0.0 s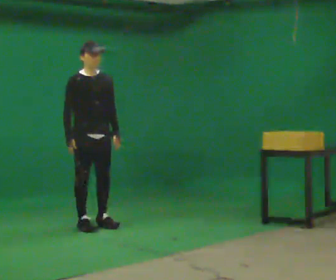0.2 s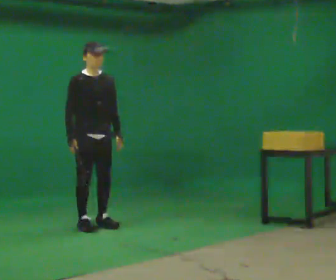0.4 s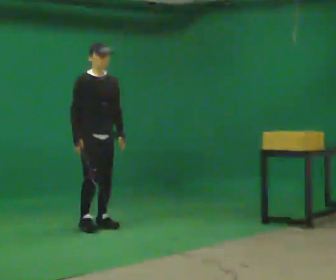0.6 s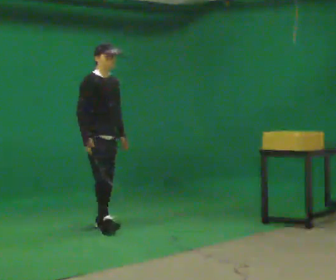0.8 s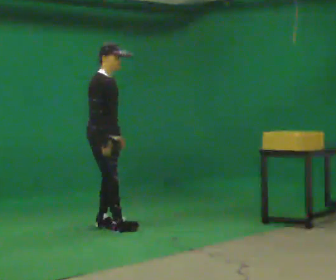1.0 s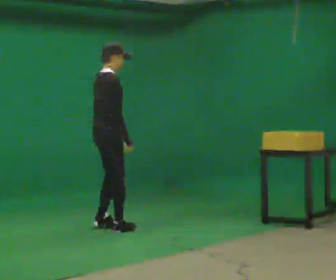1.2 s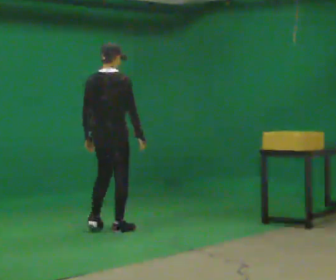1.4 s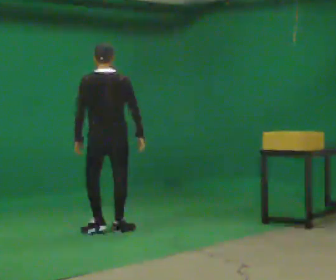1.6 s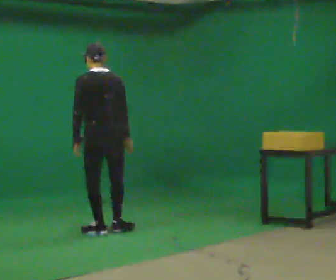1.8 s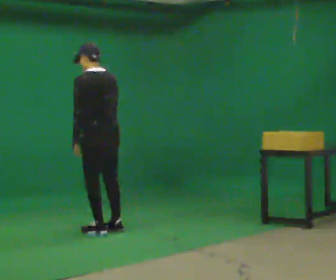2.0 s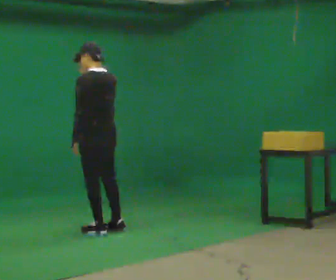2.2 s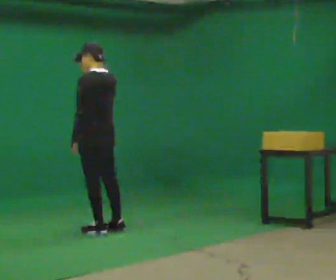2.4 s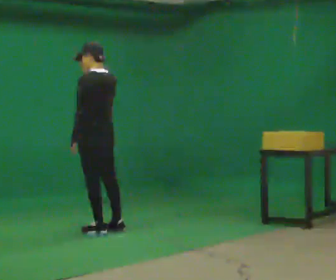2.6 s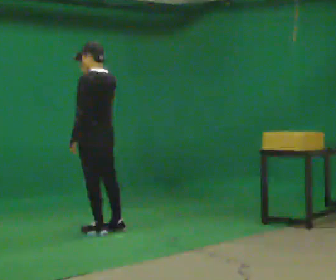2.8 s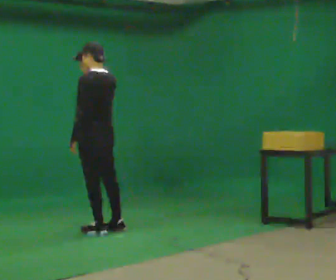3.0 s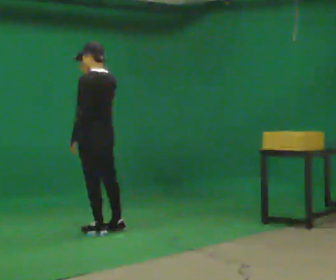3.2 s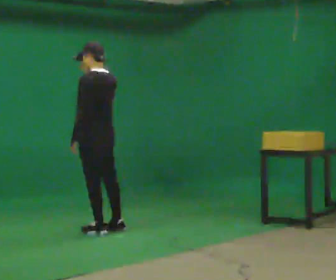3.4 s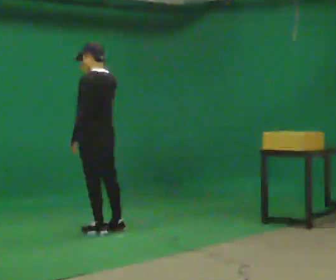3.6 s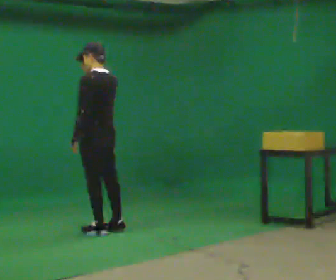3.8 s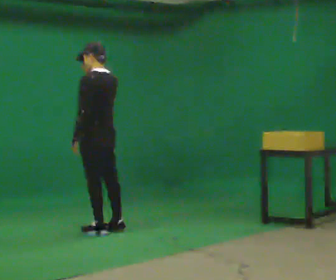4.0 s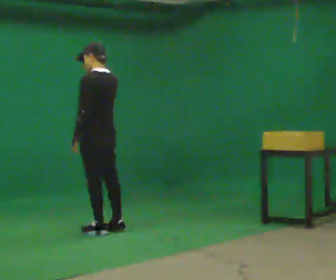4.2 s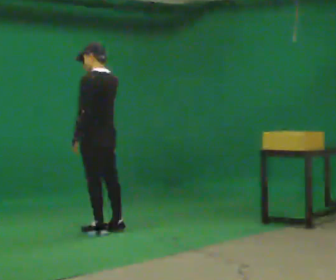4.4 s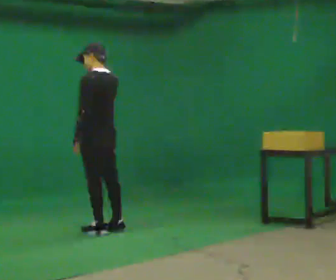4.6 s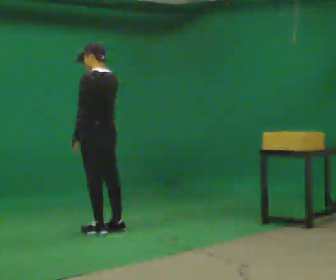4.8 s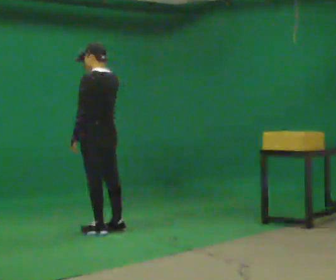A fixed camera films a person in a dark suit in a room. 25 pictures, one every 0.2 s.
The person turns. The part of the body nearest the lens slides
to the right.
Their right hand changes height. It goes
upward.
0.0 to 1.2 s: The part of the body nearest the lens slides to the right as the person turns to their left by about 120 degrees. In the picture they go to the right and toward the camera, about 0.25 m in 2 steps.
1.2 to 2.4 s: Seen from above the body turns counterclockwise, about 90 degrees: to their left, with its near side sliding to the right. In the picture their right hand goes upward and to the left.
2.4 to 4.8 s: The person moves a little, or ends about where they began.
The film runs backward here.
